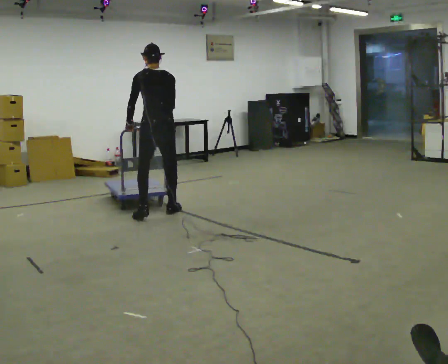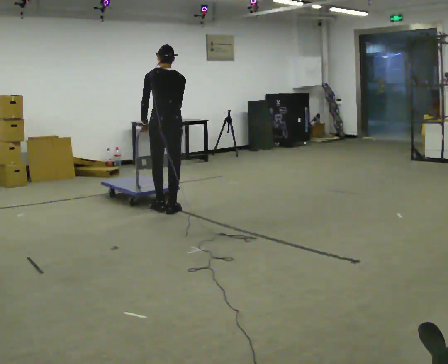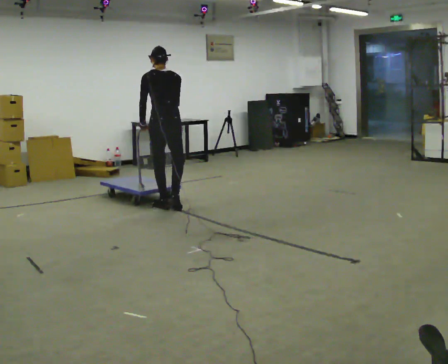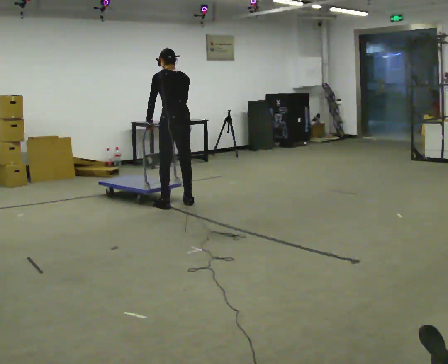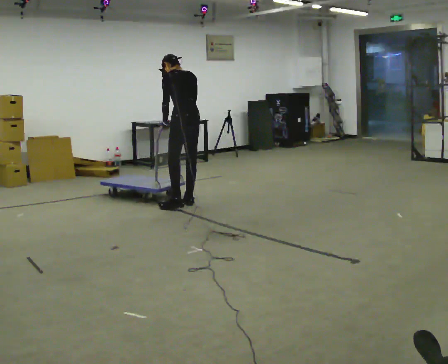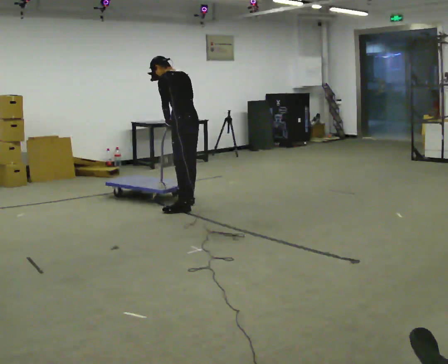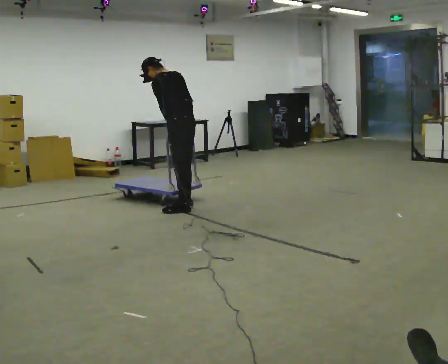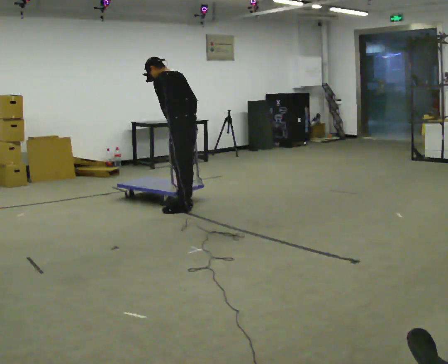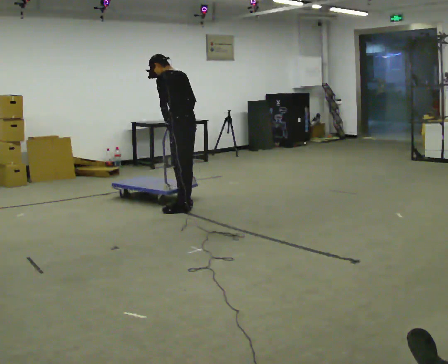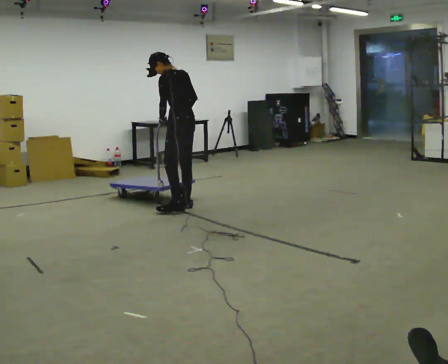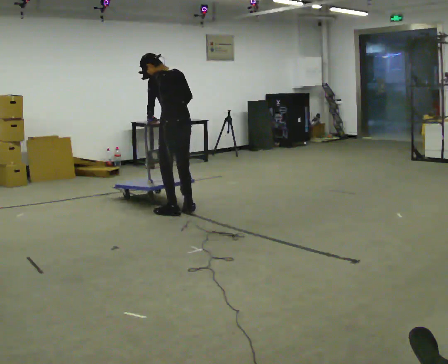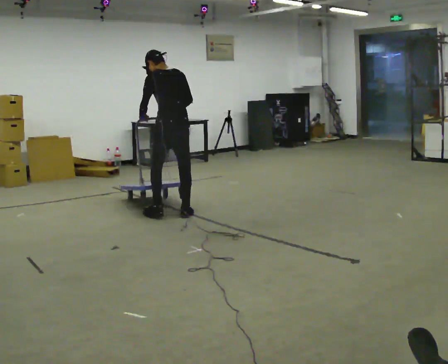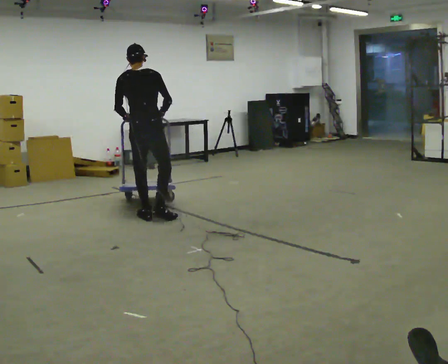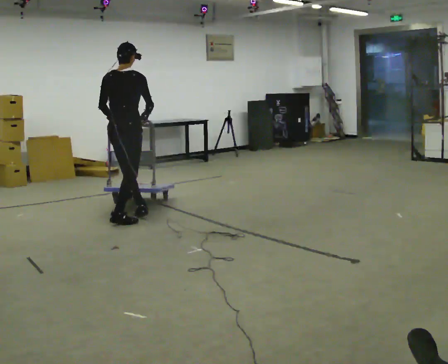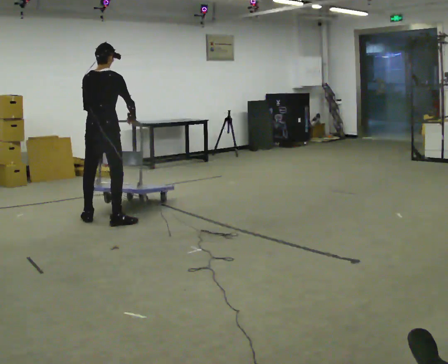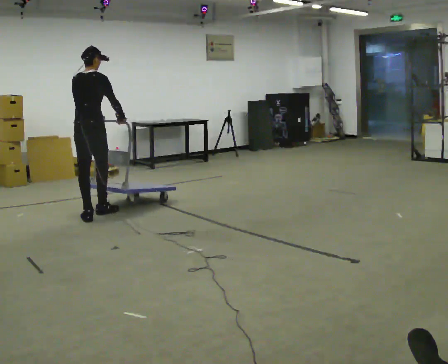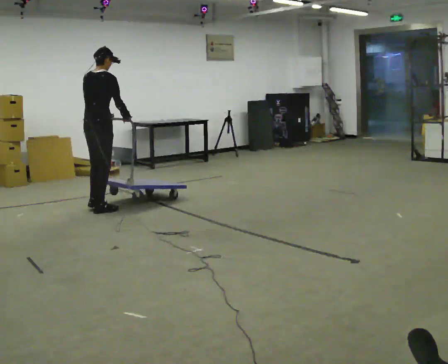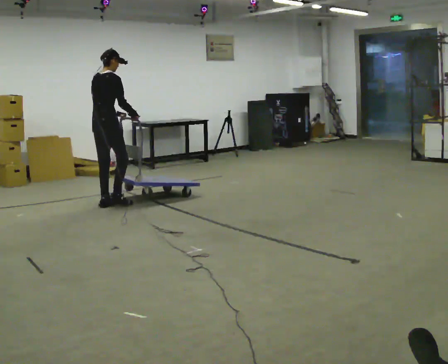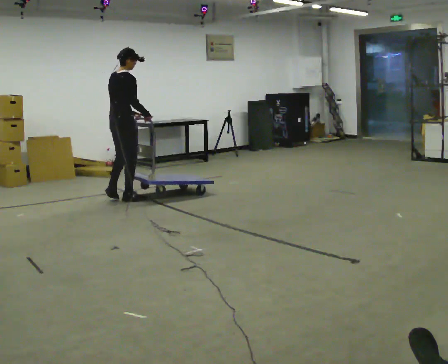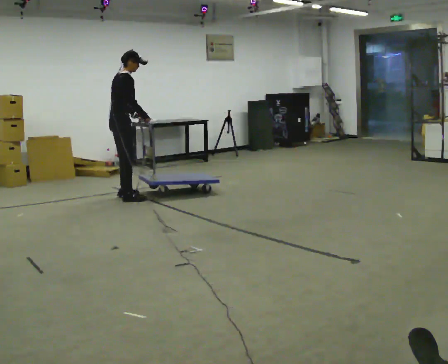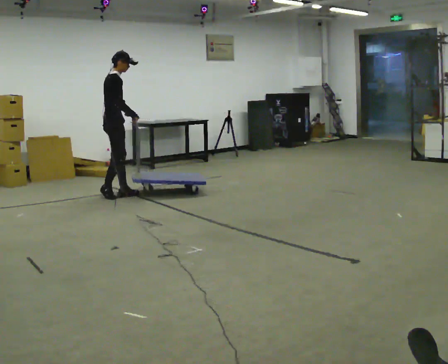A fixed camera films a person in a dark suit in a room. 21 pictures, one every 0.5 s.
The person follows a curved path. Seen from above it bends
clockwise.
0.0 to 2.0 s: In the picture they go away from the camera and to the right, about 0.5 m in 2 steps, which for them is to their right and forward.
2.0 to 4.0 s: The person moves a little, or ends about where they began.
4.0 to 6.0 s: Seen from above the body turns clockwise, about 60 degrees: to their right, with its near side sliding to the left. In the picture they go toward the camera and to the left, about 0.5 m in 3 steps.
6.0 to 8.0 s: In the picture they go to the left and away from the camera, about 0.75 m in 3 steps, which for them is to their left.
8.0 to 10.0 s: Seen from above the body turns clockwise, about 45 degrees: to their right, with its near side sliding to the left. In the picture they go away from the camera, about 1 m in 3 steps, which for them is forward and to their left.
The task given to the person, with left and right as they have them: Push the cart across the room using only the hand the operator calls. Keep your other arm at your side.
The film runs forward here.
